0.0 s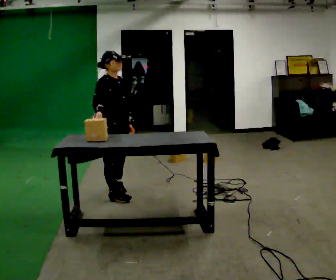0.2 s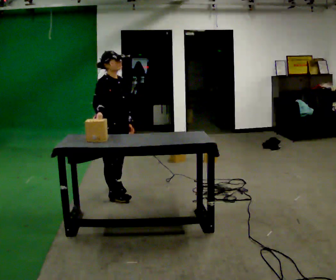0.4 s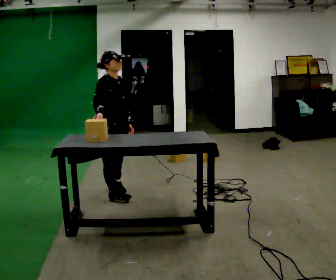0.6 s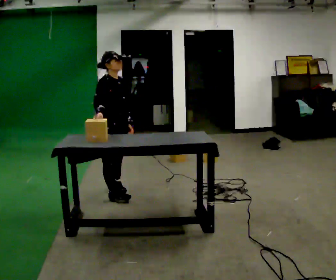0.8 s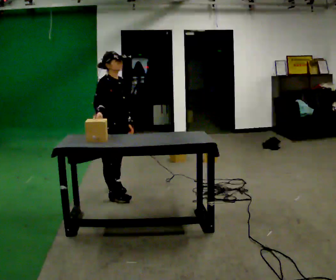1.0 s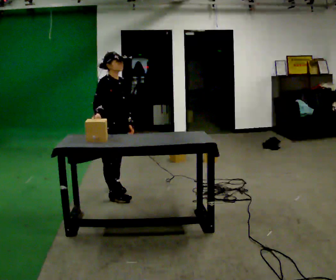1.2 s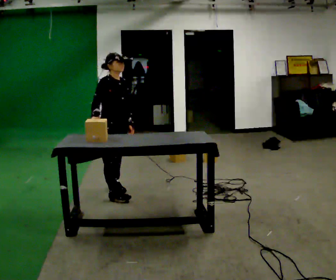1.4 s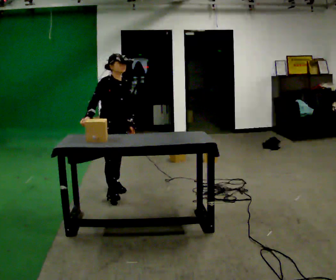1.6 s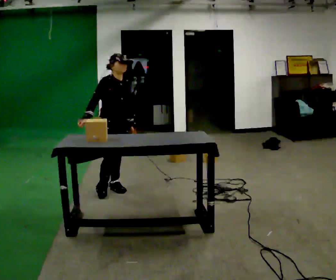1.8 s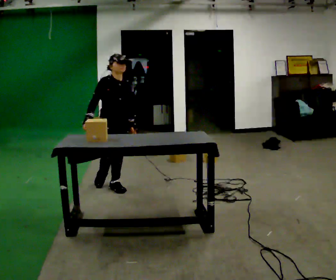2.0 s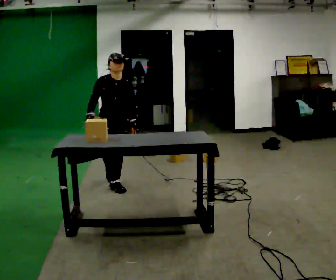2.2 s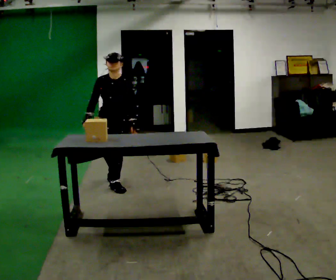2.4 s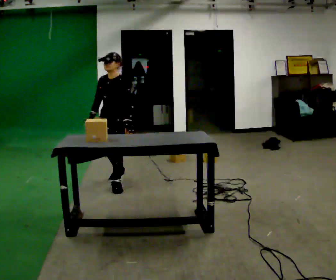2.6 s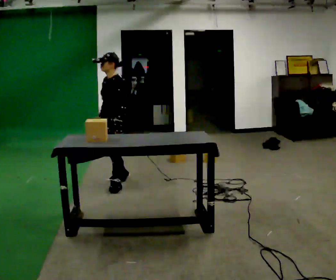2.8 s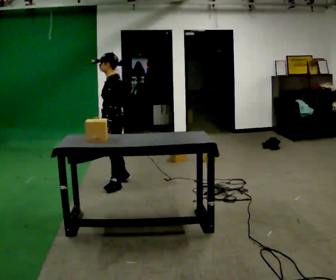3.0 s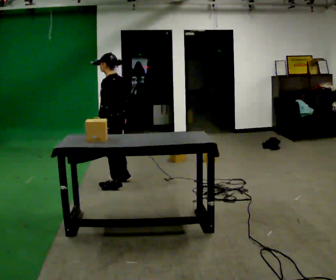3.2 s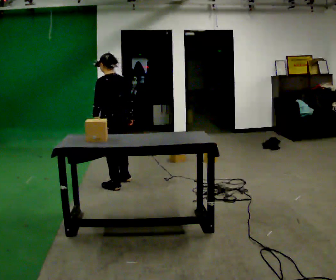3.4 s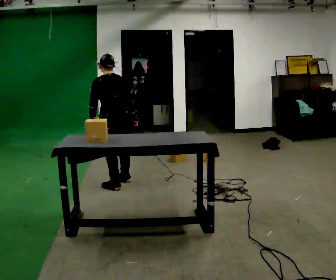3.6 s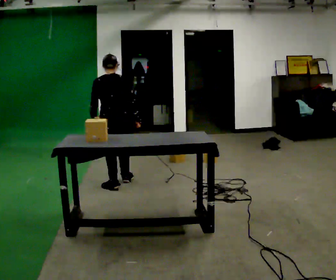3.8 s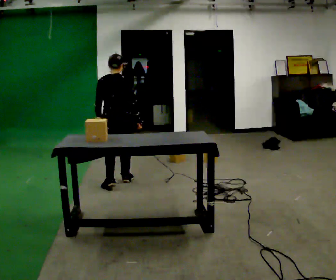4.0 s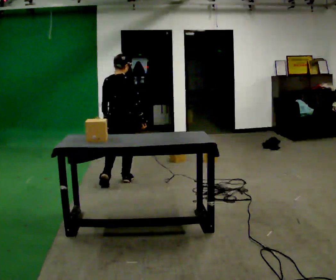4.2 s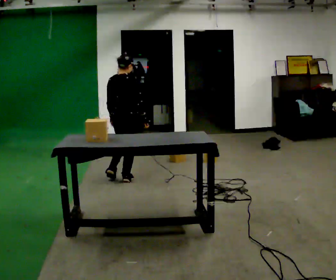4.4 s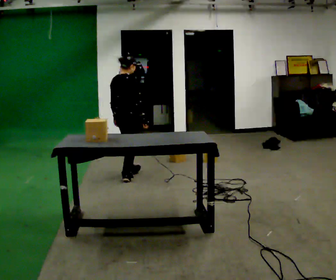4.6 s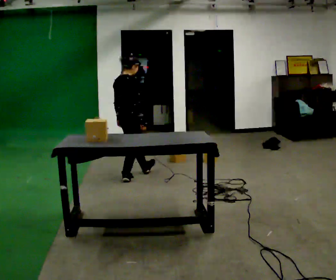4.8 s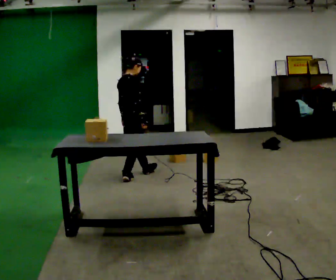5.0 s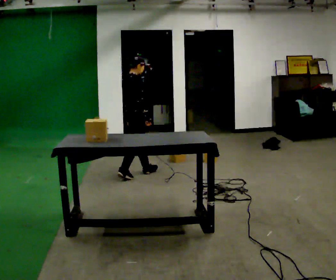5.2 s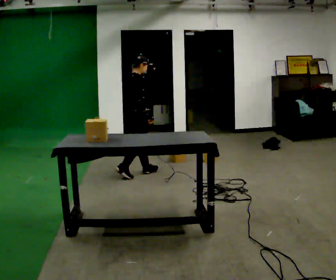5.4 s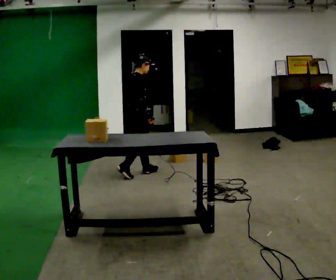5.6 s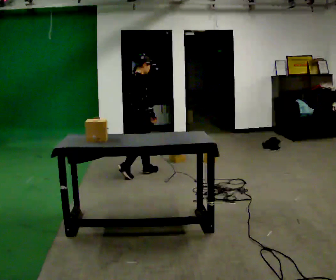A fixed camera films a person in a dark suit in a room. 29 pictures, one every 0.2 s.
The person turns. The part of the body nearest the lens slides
to the left.
The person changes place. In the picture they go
away from the camera.
0.0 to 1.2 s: The person moves a little, or ends about where they began.
1.2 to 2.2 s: The part of the body nearest the lens slides to the left as the person turns to their right by about 60 degrees. In the picture they go away from the camera, about 0.25 m.
2.2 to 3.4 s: Seen from above the body turns clockwise, about 150 degrees: to their right, with its near side sliding to the left. In the picture their right hand goes to the right, the arm swinging counterclockwise.
3.4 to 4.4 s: The person turns about 60 degrees to their right, clockwise seen from above, so the part of the body nearest the lens slides to the left. In the picture they go away from the camera and to the right, about 0.25 m.
4.4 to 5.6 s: Seen from above the body turns clockwise, about 30 degrees: to their right, with its near side sliding to the left. In the picture they go away from the camera and to the right, about 0.25 m in 1 step, which for them is forward.
The film runs forward here.
